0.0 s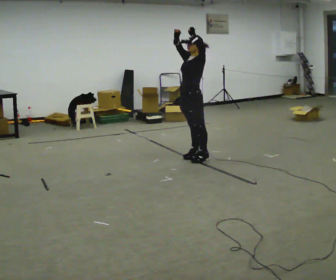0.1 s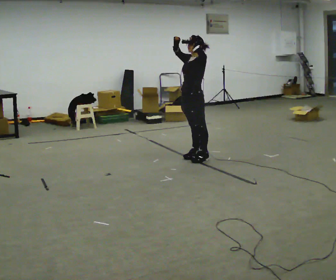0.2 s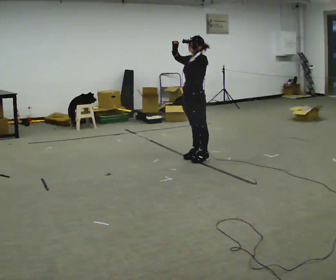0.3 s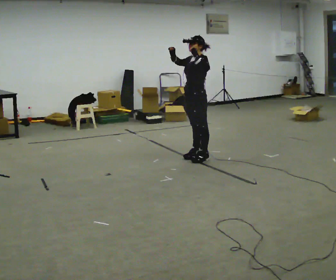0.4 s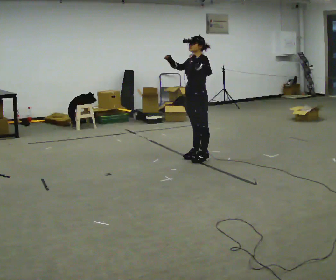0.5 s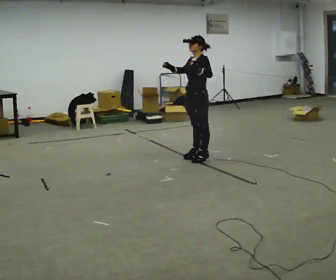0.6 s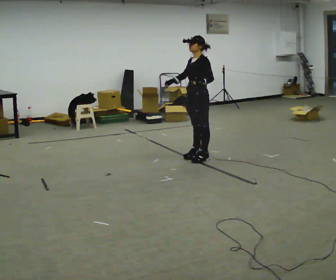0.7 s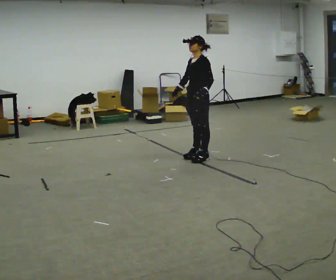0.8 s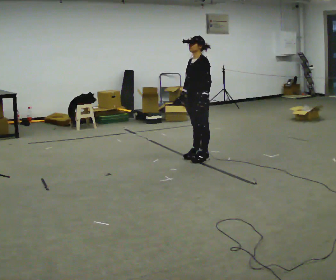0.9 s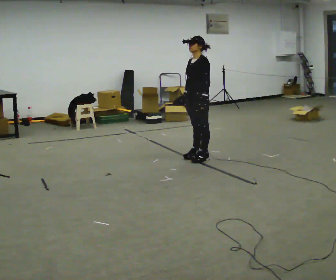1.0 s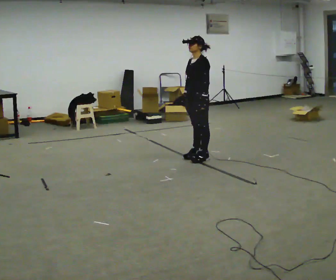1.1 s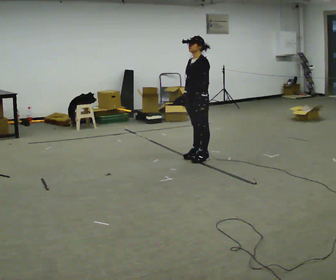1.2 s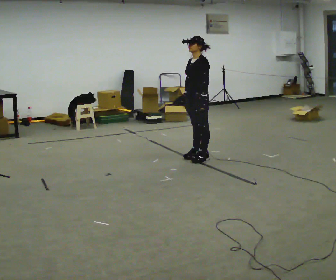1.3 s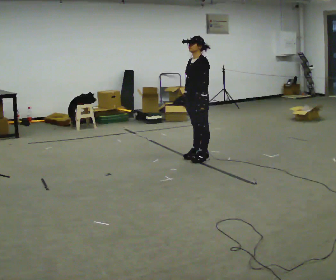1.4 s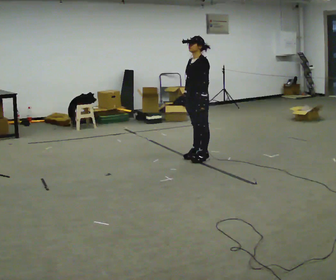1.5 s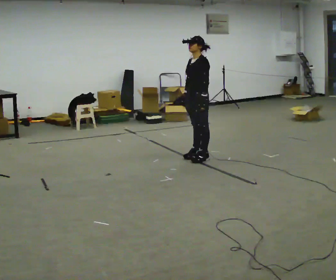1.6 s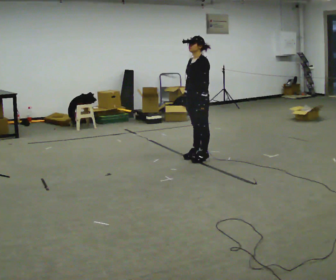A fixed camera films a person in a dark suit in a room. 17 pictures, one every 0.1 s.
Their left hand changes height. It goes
downward.
Their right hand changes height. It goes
downward.
0.0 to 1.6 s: In the picture their right hand goes downward, the arm swinging counterclockwise.
The film runs backward here.
